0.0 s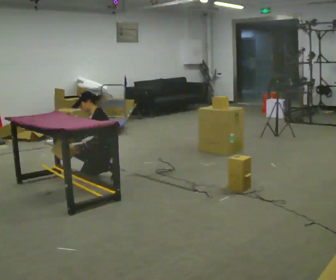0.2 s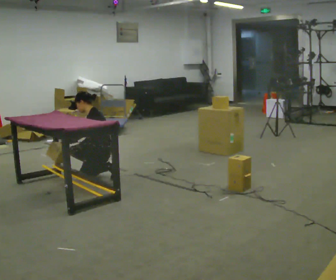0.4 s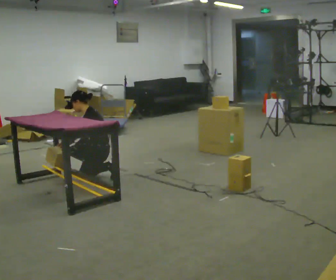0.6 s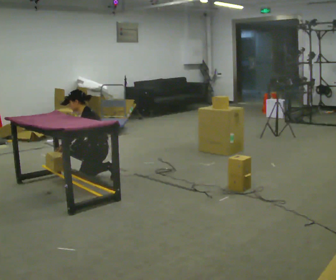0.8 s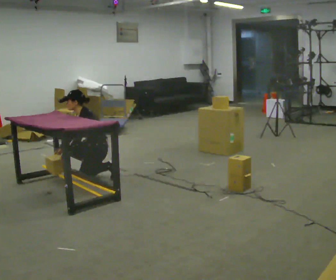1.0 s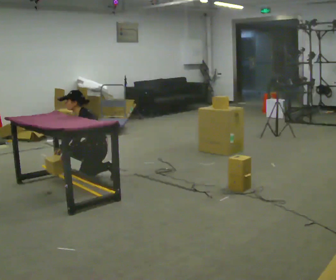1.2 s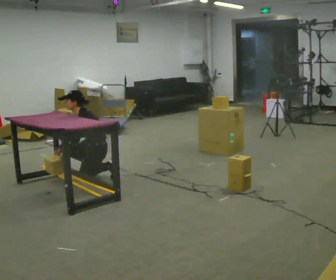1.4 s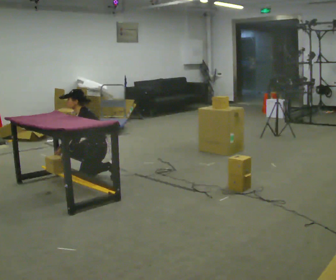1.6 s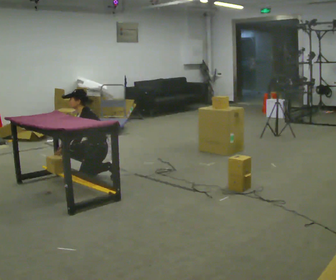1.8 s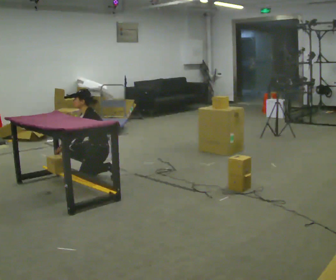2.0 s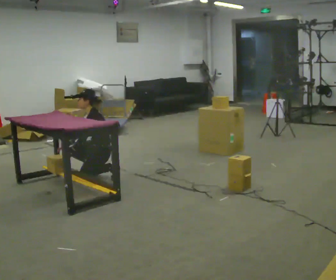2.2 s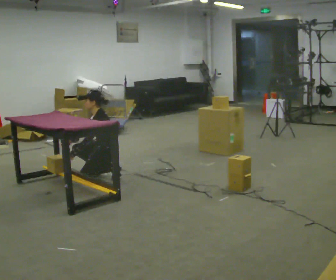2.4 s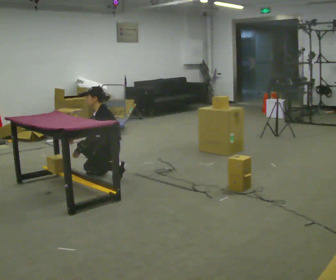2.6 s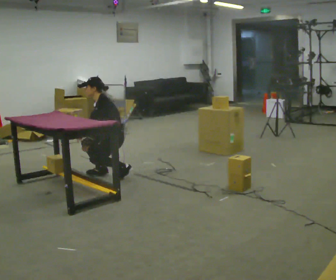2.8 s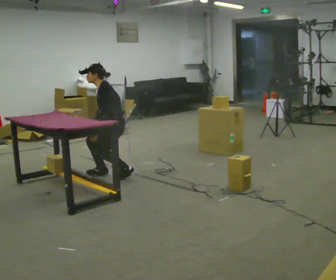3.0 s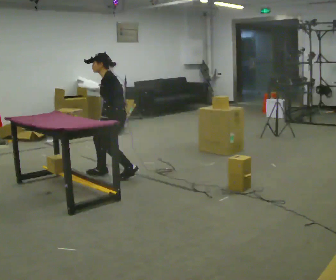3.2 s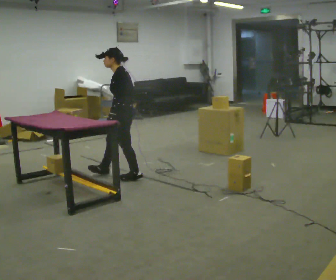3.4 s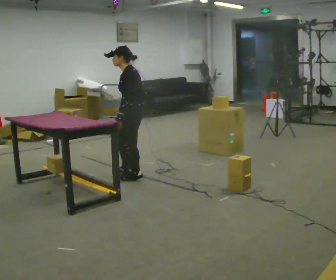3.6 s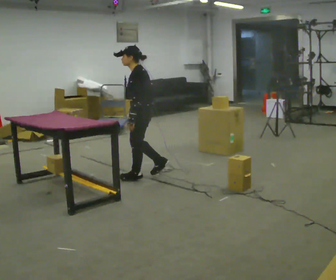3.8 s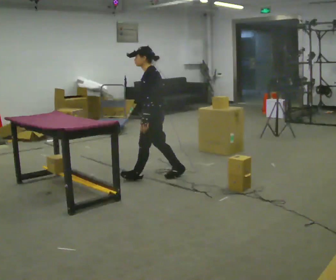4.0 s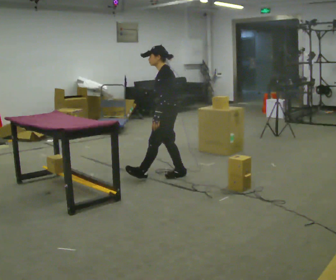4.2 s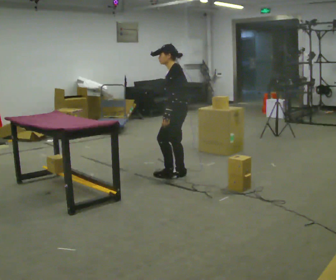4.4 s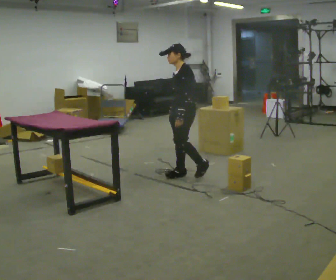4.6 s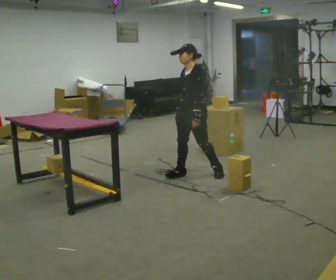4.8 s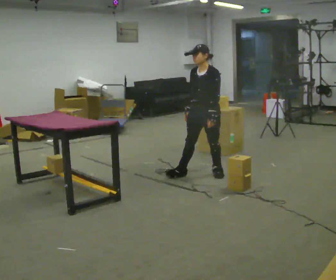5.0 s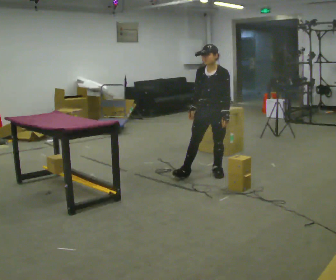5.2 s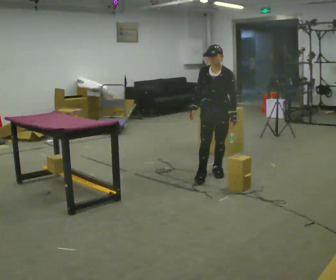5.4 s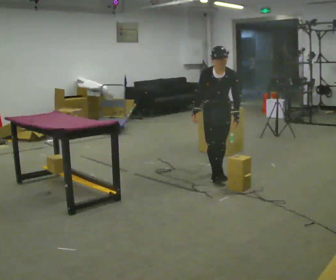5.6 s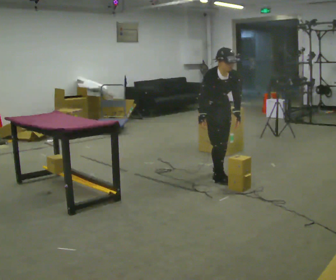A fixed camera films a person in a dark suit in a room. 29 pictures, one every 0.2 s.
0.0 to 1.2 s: In the picture the upper body tilts counterclockwise, shoulders to the left, as they bend forward.
1.2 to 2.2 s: In the picture the upper body tilts clockwise, shoulders to the right, as they lean back or straighten.
2.2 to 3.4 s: In the picture they go to the right and toward the camera, about 0.25 m in 1 step, which for them is backward and to their left. The shoulders move upward. In the picture their right hand goes upward, the arm swinging counterclockwise.
3.4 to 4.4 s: In the picture they go to the right, about 0.5 m in 1 step, which for them is backward.
4.4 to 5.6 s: The part of the body nearest the lens slides to the right as the person turns to their left by about 90 degrees. In the picture they go to the right and toward the camera, about 0.25 m in 1 step. The upper body tips toward the camera, its near side rolling downward, as they bend forward.
The film runs backward here.
